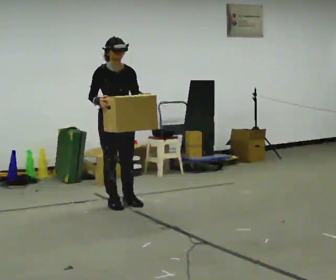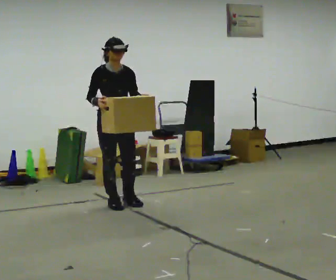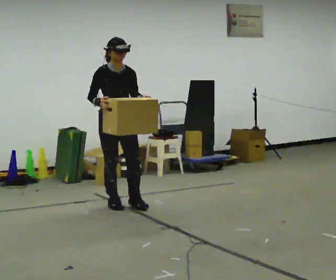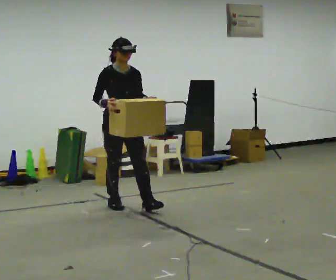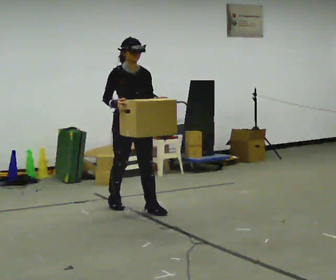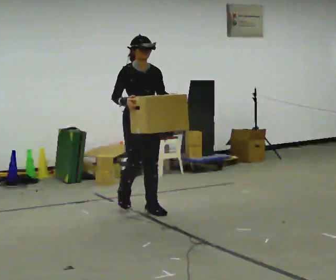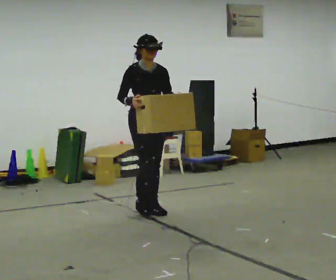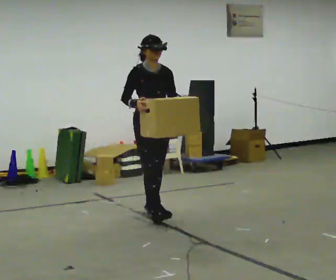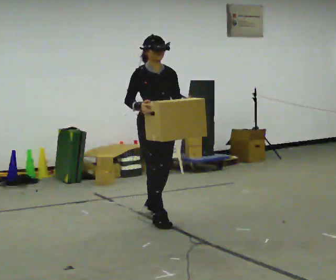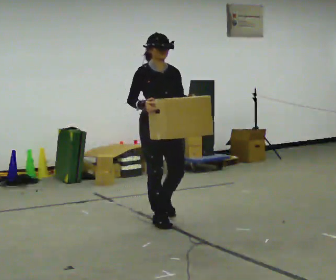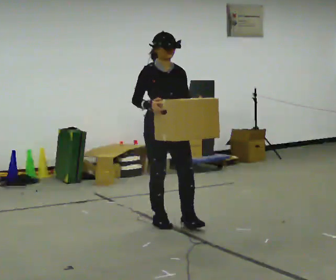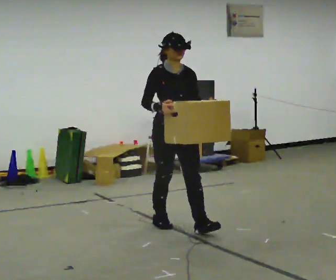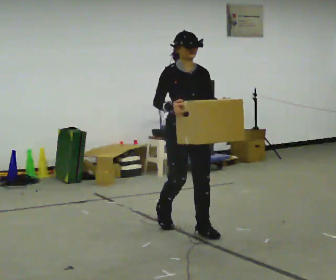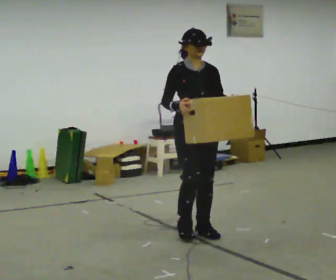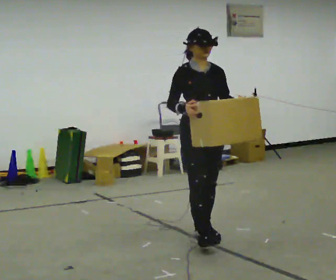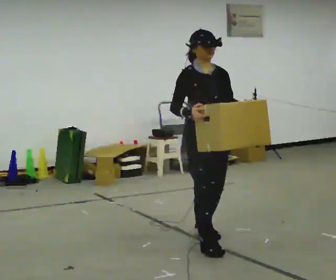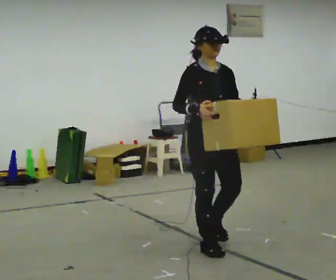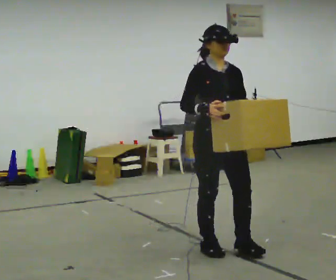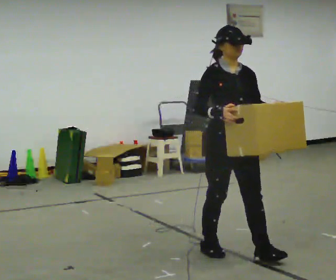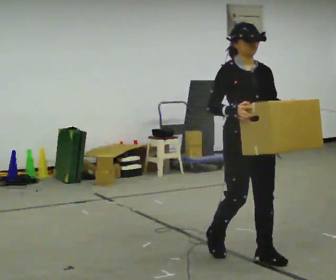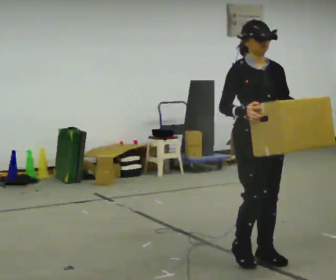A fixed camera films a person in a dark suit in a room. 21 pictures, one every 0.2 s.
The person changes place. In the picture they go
toward the camera.
0.0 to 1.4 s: In the picture they go toward the camera and to the right, about 0.5 m in 1 step, which for them is forward.
1.4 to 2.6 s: In the picture they go toward the camera and to the right, about 1 m in 2 steps, which for them is forward.
2.6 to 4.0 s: In the picture they go toward the camera and to the right, about 1 m in 2 steps, which for them is forward.
The film runs forward here.
